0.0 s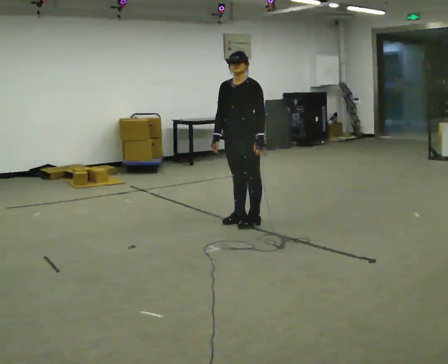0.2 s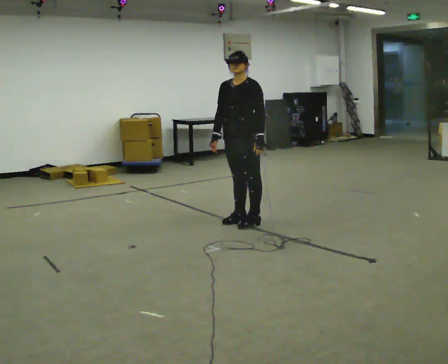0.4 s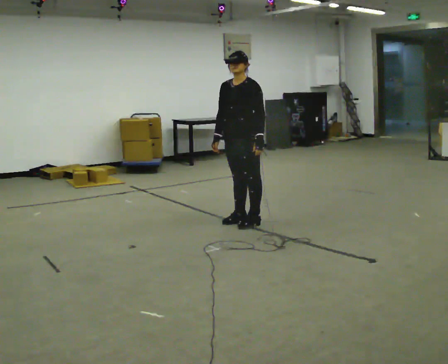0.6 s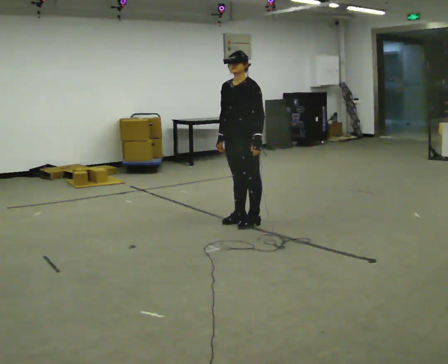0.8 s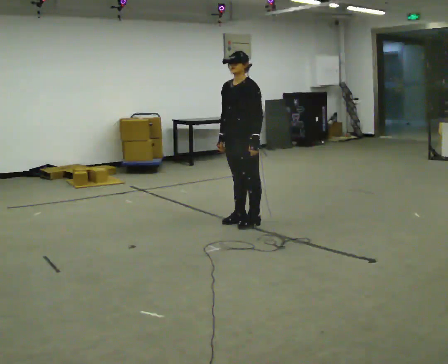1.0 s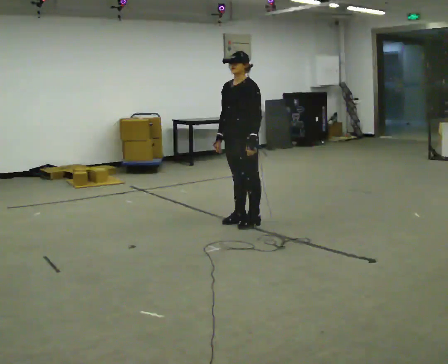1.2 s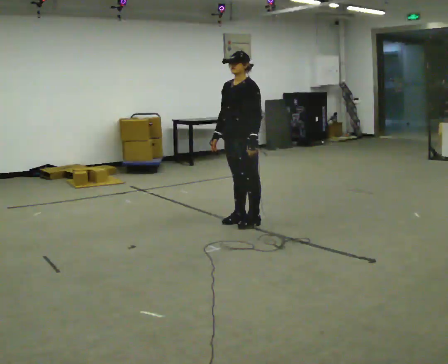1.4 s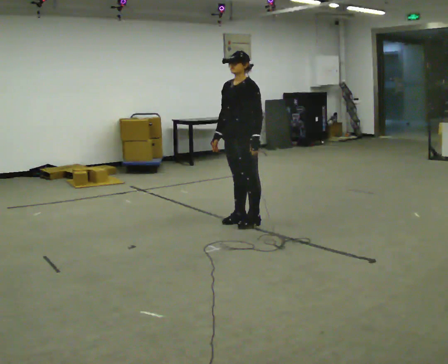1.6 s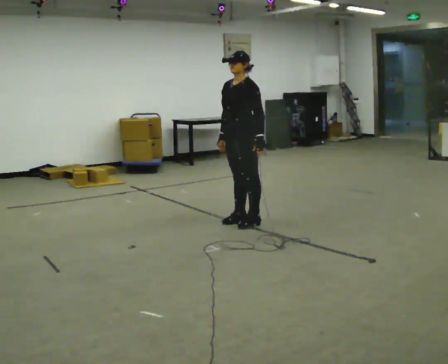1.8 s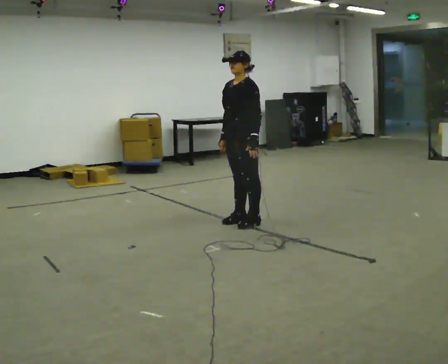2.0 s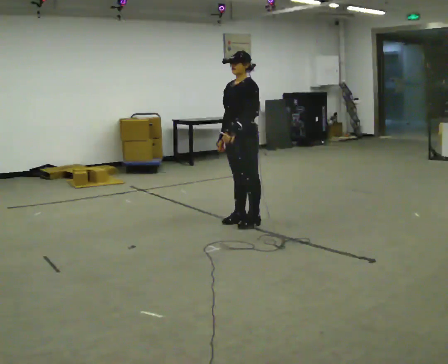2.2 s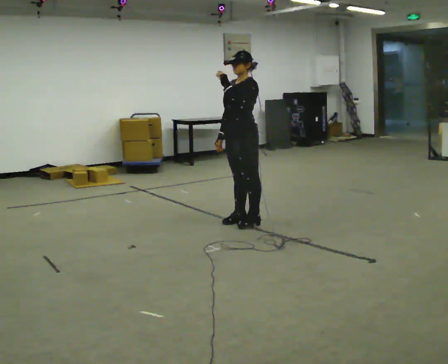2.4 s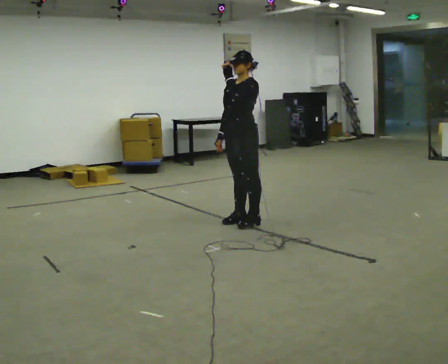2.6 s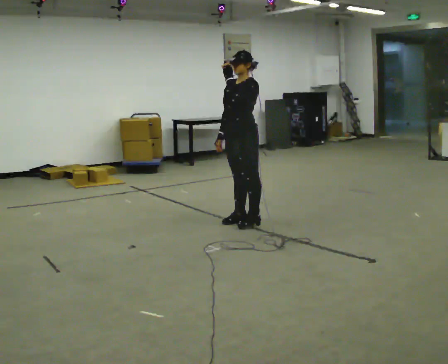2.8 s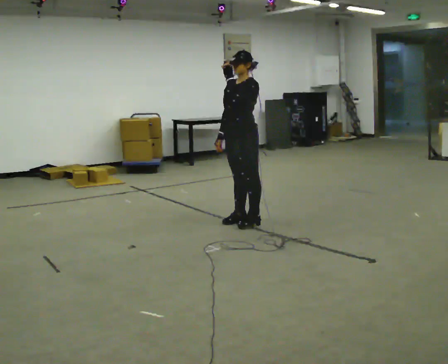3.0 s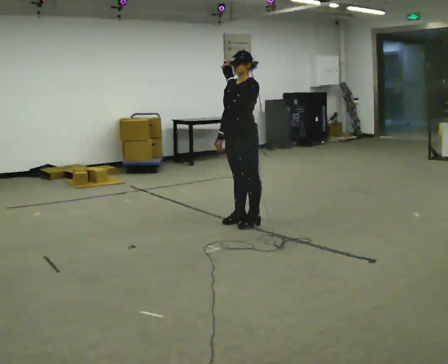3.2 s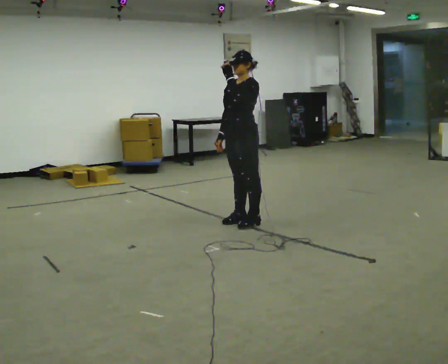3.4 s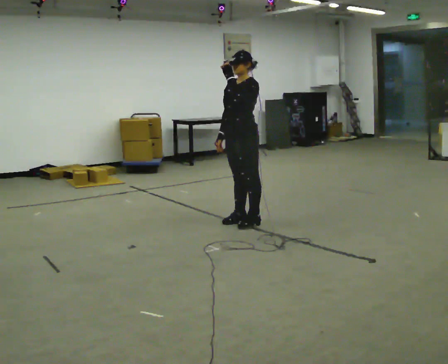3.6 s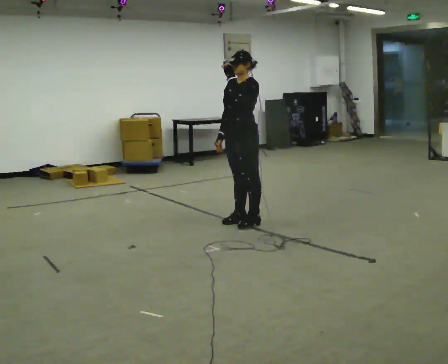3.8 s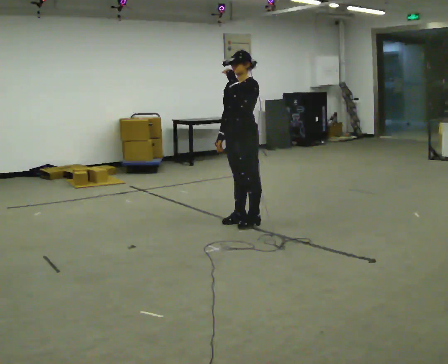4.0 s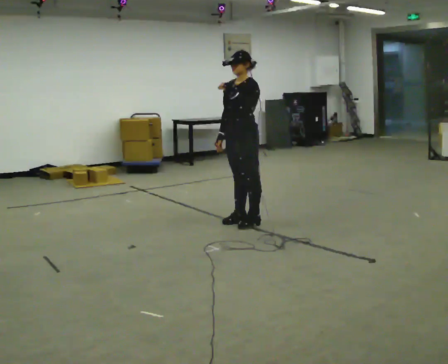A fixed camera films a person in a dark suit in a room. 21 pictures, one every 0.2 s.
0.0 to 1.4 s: The person moves a little, or ends about where they began.
1.4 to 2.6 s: In the picture their left hand goes upward.
2.6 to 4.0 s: The person moves a little, or ends about where they began.
The film runs backward here.
